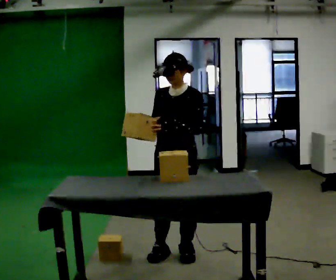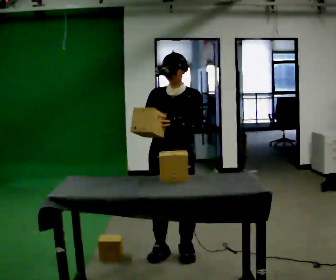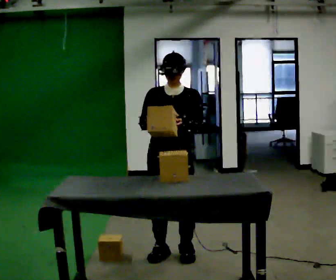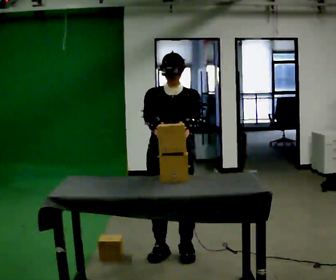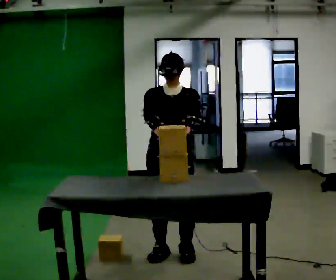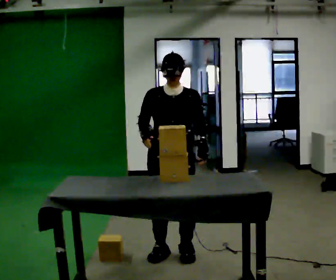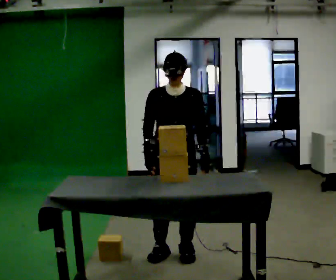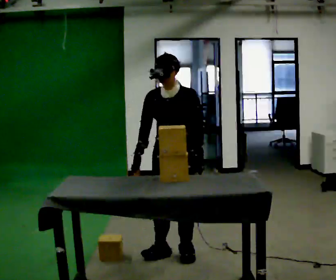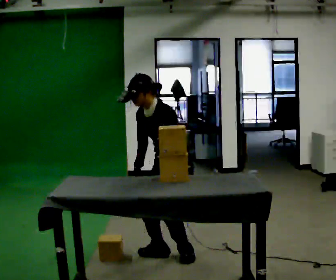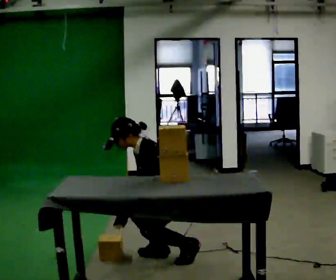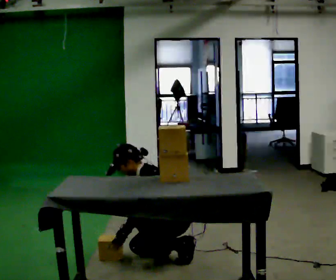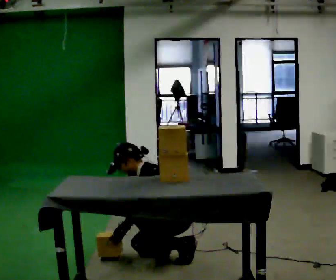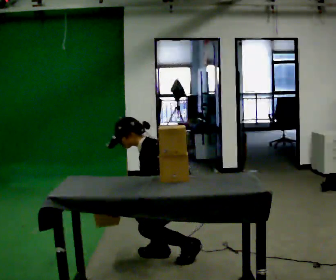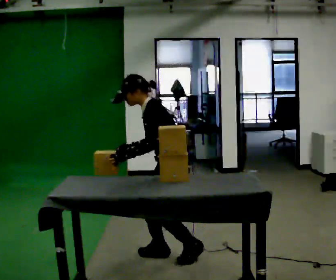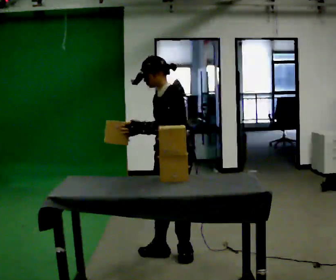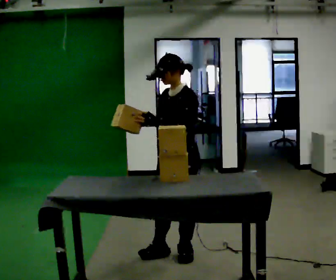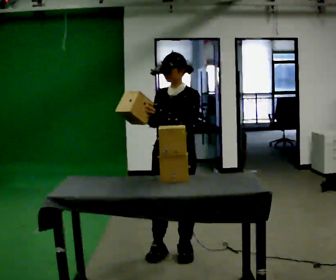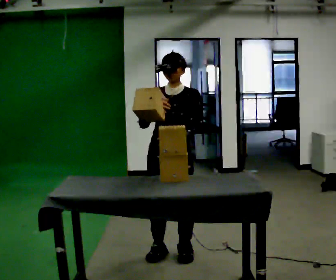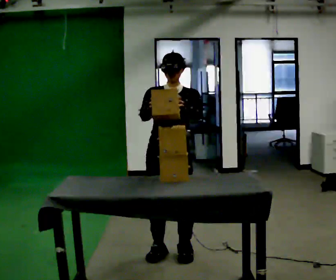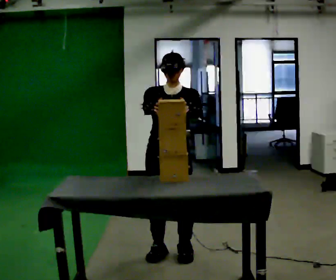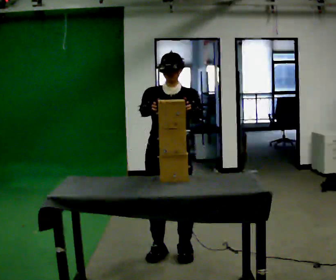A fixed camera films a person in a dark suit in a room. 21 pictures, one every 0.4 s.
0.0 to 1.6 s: The person turns about 30 degrees to their left, counterclockwise seen from above, so the part of the body nearest the lens slides to the right.
1.6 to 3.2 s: The person turns about 45 degrees to their right, clockwise seen from above, so the part of the body nearest the lens slides to the left. In the picture the upper body tilts counterclockwise, shoulders to the left, as they bend forward. In the picture their right hand goes downward.
3.2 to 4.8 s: Seen from above the body turns clockwise, about 30 degrees: to their right, with its near side sliding to the left. In the picture the upper body tilts counterclockwise, shoulders to the left. In the picture their left hand goes to the left.
4.8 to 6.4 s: The part of the body nearest the lens slides to the right as the person turns to their left by about 45 degrees. The shoulders move upward. In the picture the upper body tilts clockwise, shoulders to the right, as they lean back or straighten. In the picture their right hand goes upward.
6.4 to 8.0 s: The part of the body nearest the lens slides to the right as the person turns to their left by about 30 degrees.
The film runs backward here.
